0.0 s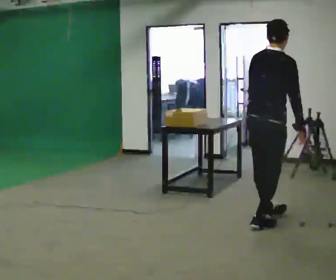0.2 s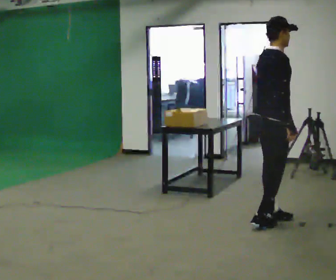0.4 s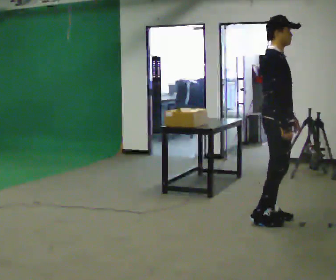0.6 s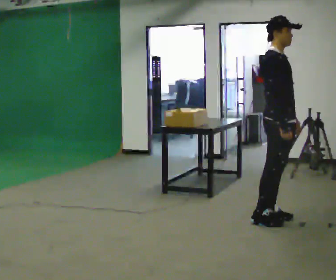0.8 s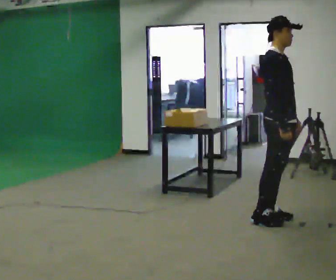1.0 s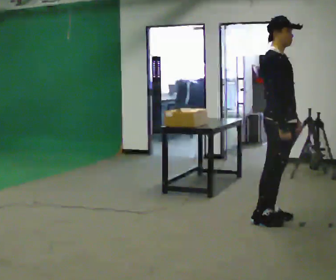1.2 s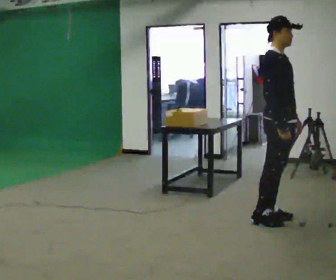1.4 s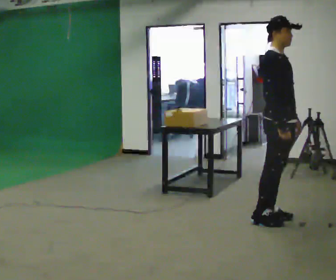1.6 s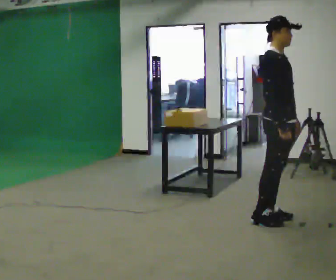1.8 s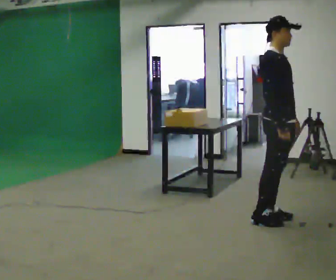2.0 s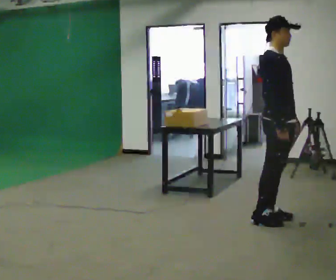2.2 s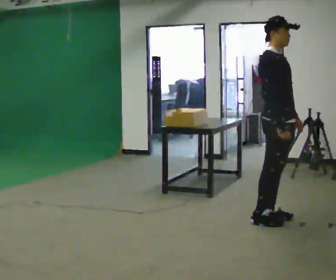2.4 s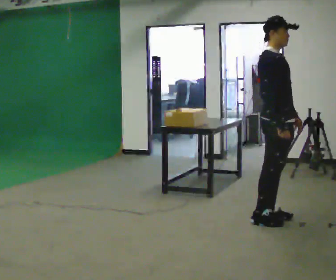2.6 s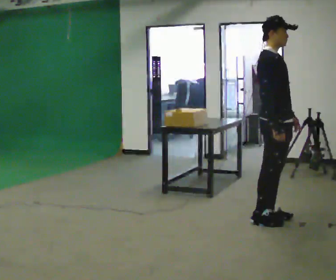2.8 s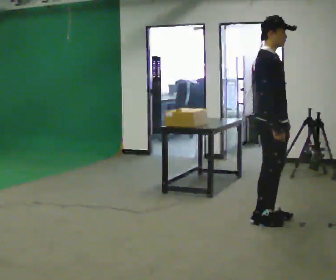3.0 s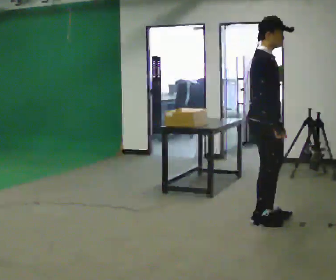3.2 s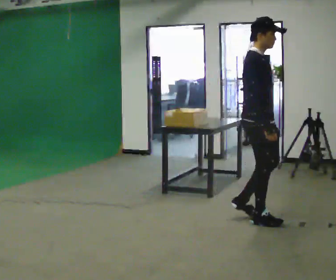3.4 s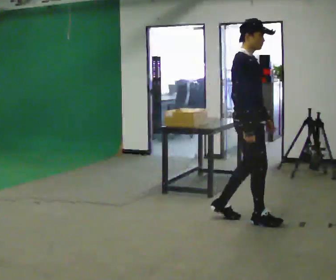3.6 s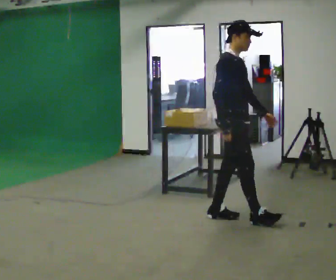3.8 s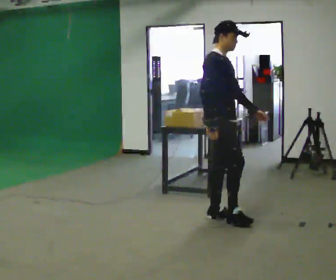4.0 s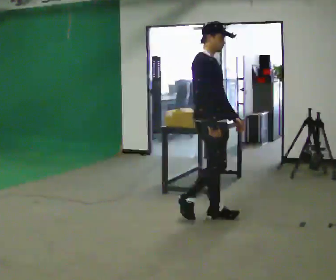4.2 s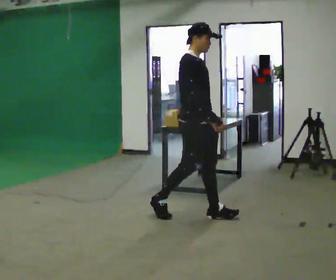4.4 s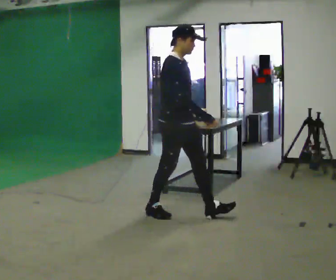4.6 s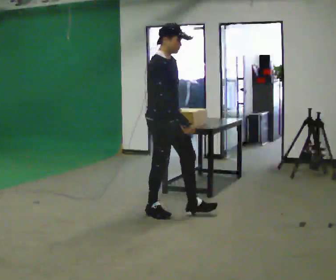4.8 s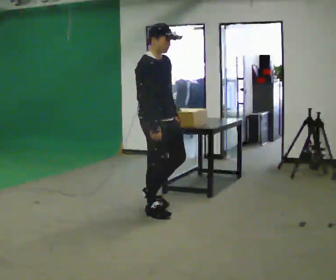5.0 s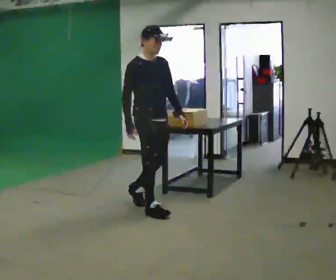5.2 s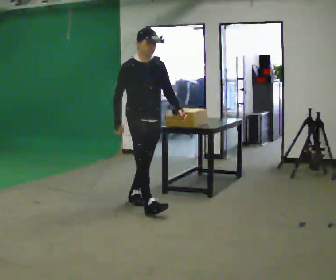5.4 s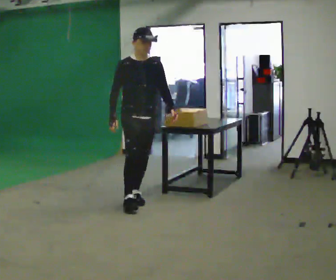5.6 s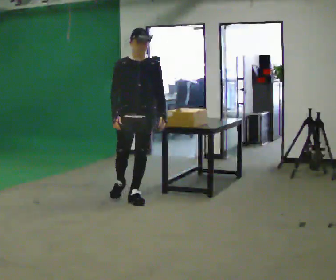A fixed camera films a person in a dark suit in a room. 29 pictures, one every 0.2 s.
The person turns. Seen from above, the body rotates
clockwise.
The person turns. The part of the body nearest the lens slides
to the left.
0.0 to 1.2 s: Seen from above the body turns clockwise, about 75 degrees: to their right, with its near side sliding to the left. In the picture the upper body tilts counterclockwise, shoulders to the left. In the picture their left hand goes to the right.
1.2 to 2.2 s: The person keeps their place and pose.
2.2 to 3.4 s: In the picture they go to the left, about 0.25 m in 1 step, which for them is backward.
3.4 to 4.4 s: In the picture they go to the left, about 0.75 m in 1 step, which for them is backward.
4.4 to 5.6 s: The person turns about 60 degrees to their right, clockwise seen from above, so the part of the body nearest the lens slides to the left. In the picture they go to the left and away from the camera, about 0.5 m in 2 steps, which for them is backward.
The film runs backward here.
